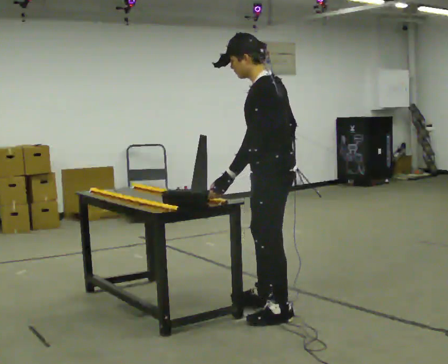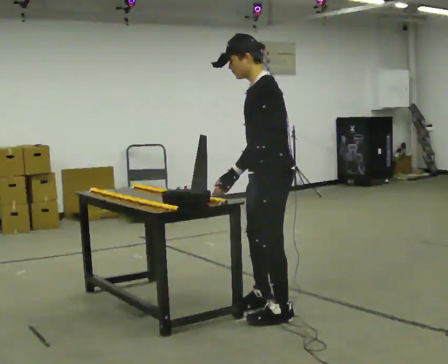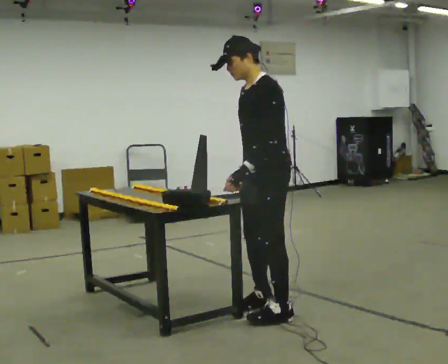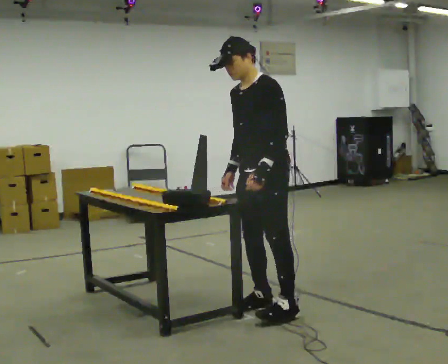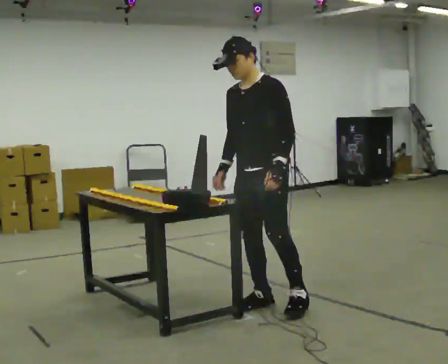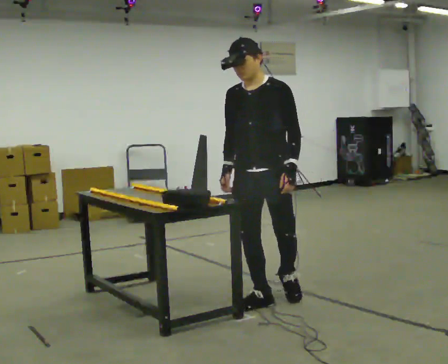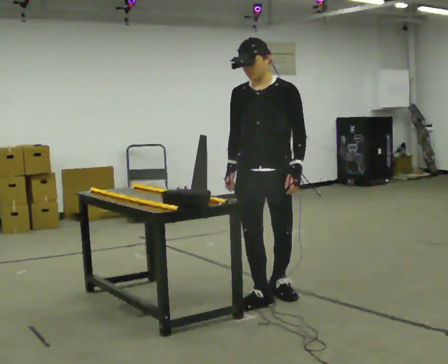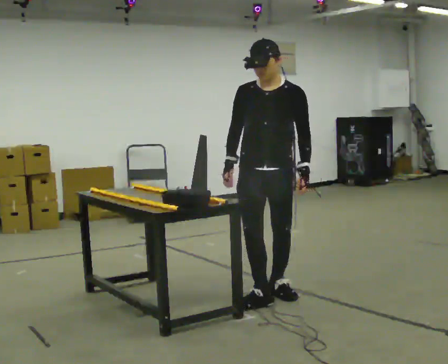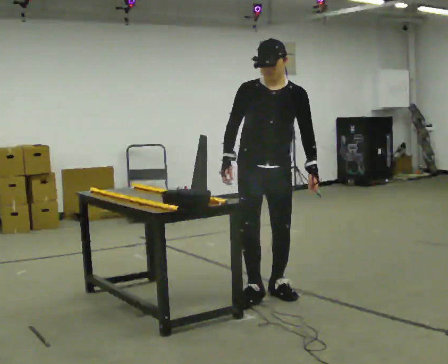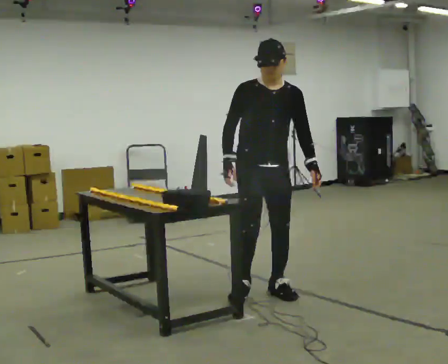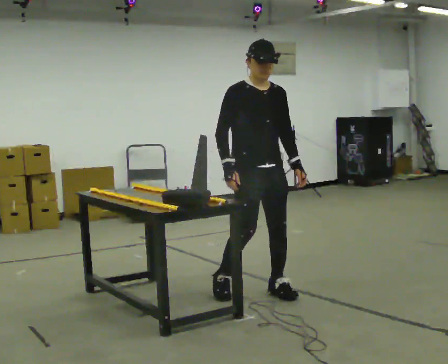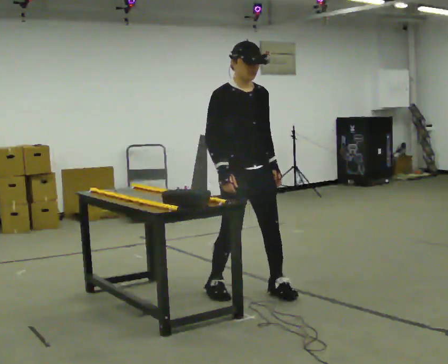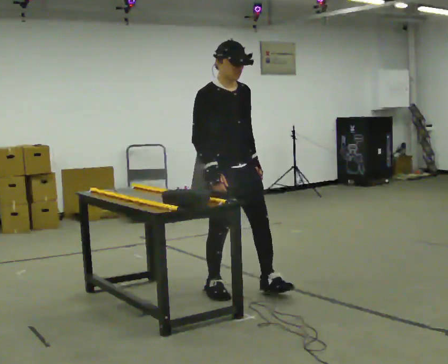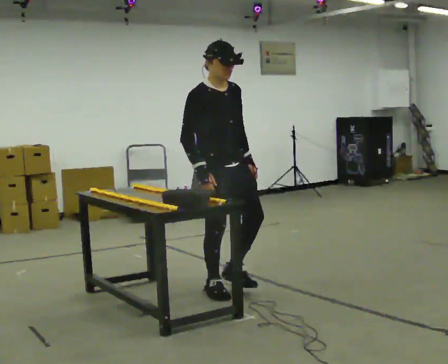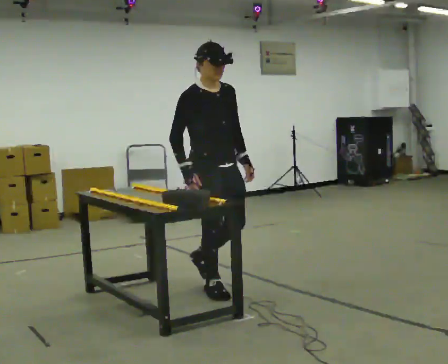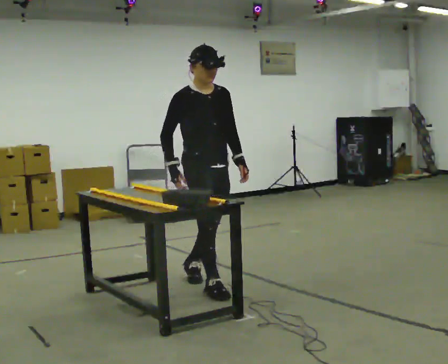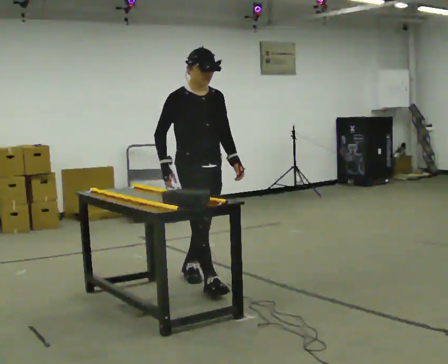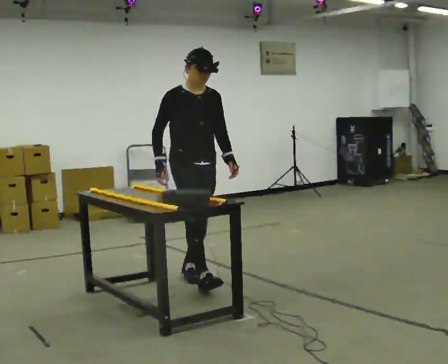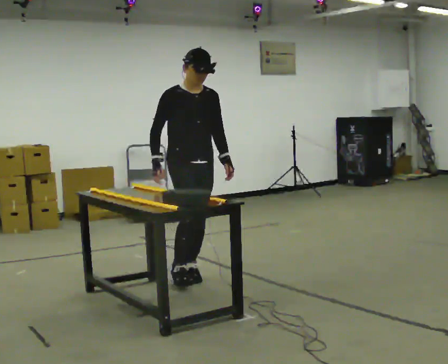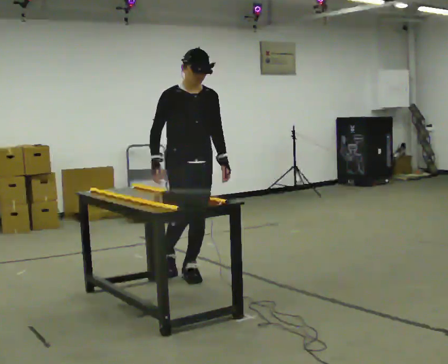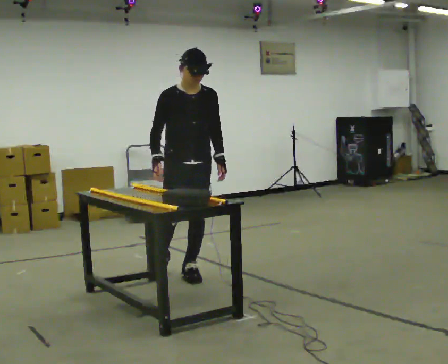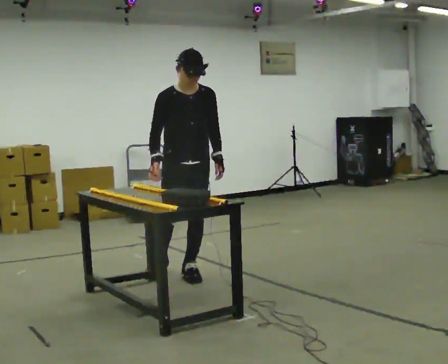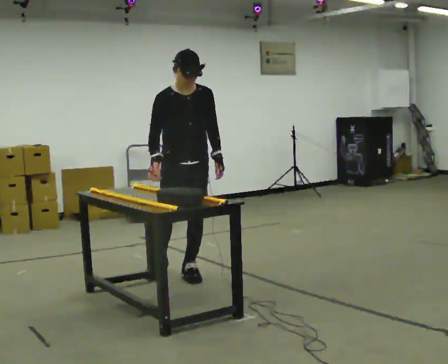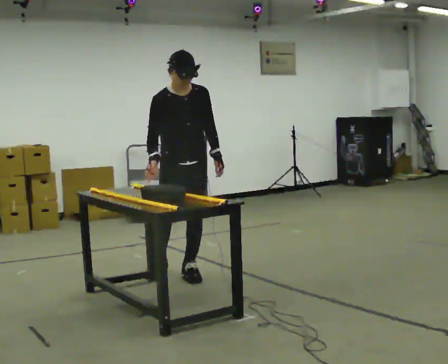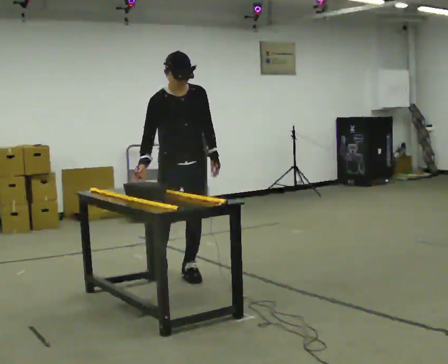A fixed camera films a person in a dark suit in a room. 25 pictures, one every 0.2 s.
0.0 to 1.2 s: Seen from above the body turns counterclockwise, about 75 degrees: to their left, with its near side sliding to the right. In the picture they go away from the camera, about 0.25 m in 1 step.
1.2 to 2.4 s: The part of the body nearest the lens slides to the right as the person turns to their left by about 60 degrees. In the picture they go to the left and away from the camera, about 0.25 m in 2 steps, which for them is backward and to their right.
2.4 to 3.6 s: In the picture they go away from the camera and to the left, about 0.5 m in 1 step, which for them is backward.
3.6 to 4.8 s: The person moves a little, or ends about where they began.
The film runs backward here.
